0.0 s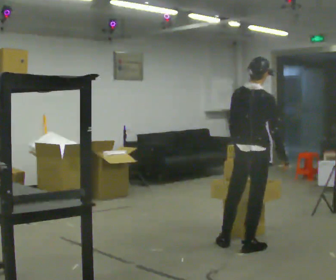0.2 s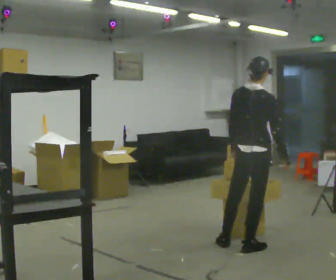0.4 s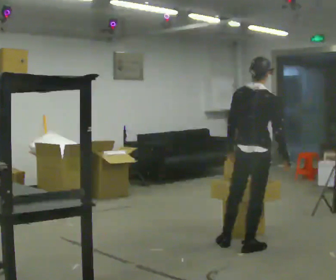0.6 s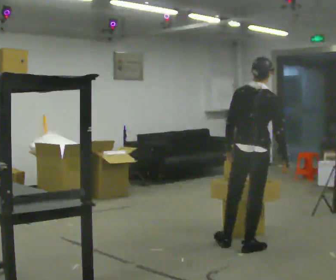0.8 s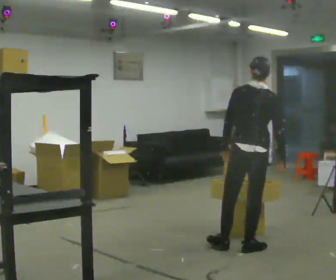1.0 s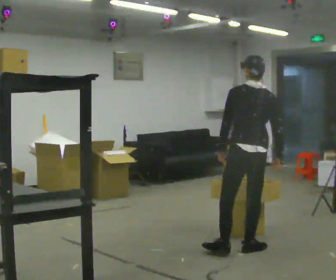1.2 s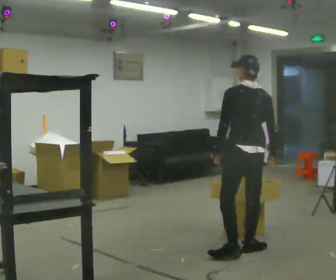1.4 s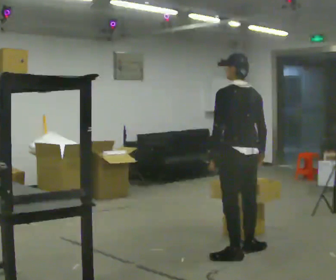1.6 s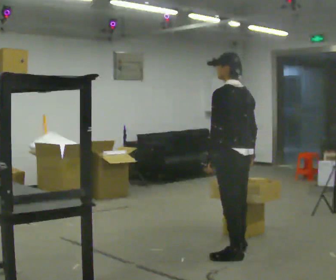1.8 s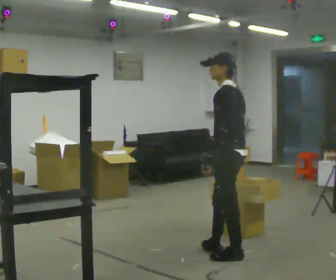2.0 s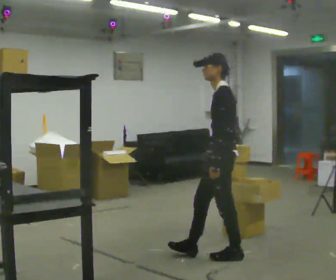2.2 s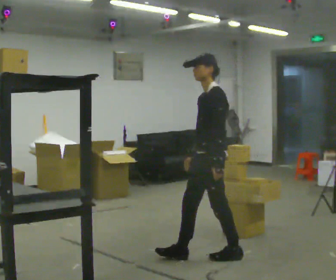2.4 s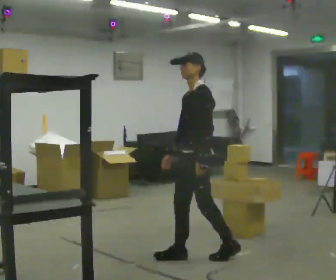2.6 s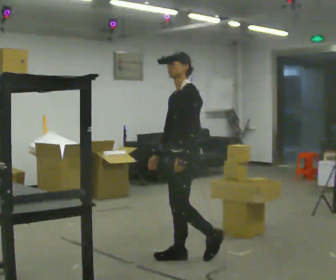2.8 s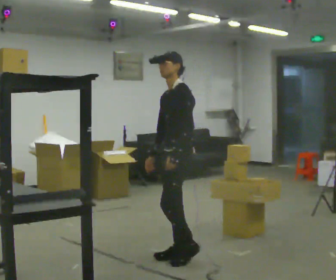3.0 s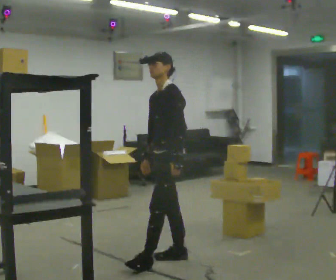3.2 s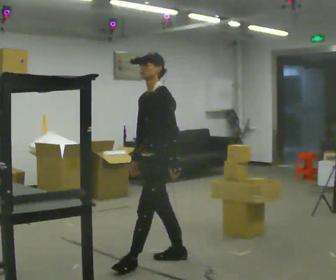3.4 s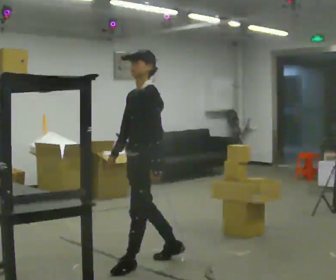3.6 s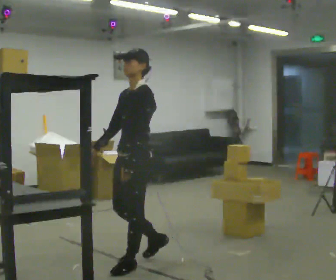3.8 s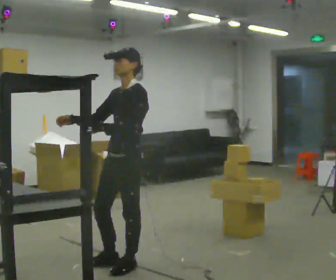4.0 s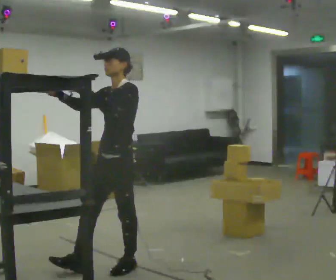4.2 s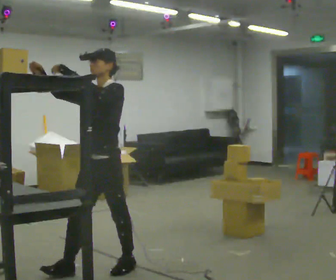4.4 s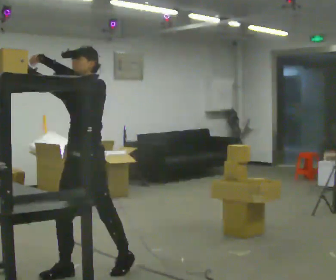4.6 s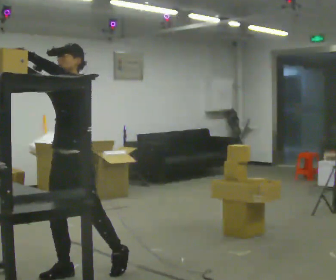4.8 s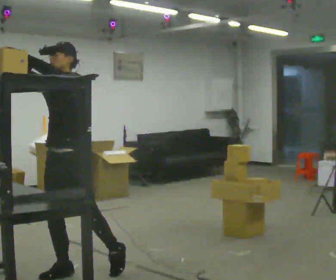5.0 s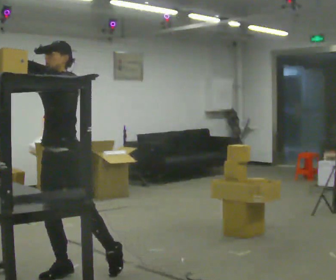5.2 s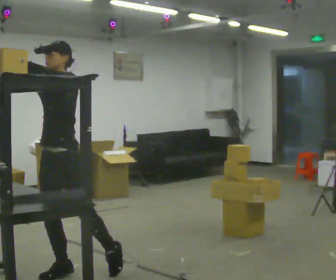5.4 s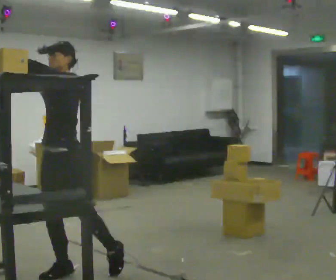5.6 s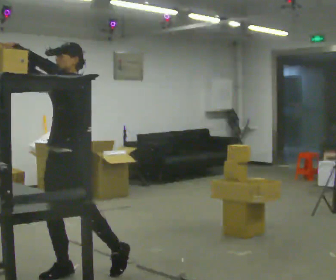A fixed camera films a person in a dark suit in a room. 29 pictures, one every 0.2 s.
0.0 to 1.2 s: Seen from above the body turns counterclockwise, about 45 degrees: to their left, with its near side sliding to the right. In the picture they go toward the camera, about 0.25 m, which for them is backward.
1.2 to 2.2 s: The part of the body nearest the lens slides to the right as the person turns to their left by about 90 degrees. In the picture they go to the left, about 0.25 m in 2 steps.
2.2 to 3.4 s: In the picture they go to the left, about 0.5 m in 1 step, which for them is forward.
3.4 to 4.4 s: The part of the body nearest the lens slides to the right as the person turns to their left by about 30 degrees. In the picture they go to the left and toward the camera, about 0.5 m in 1 step, which for them is forward. In the picture their right hand goes upward, the arm swinging clockwise.
4.4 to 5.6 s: The person moves a little, or ends about where they began.
The film runs forward here.
